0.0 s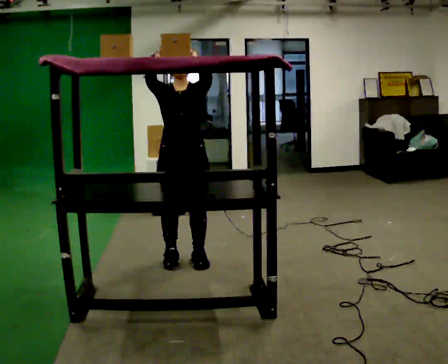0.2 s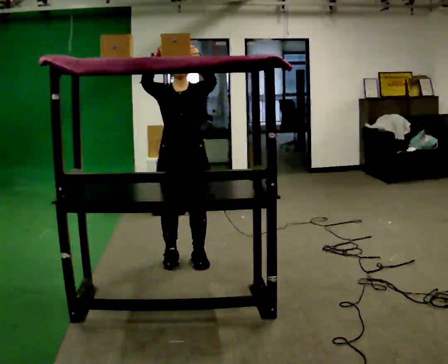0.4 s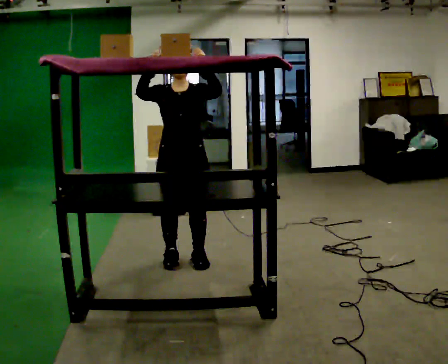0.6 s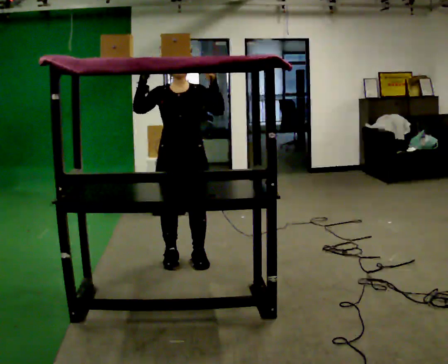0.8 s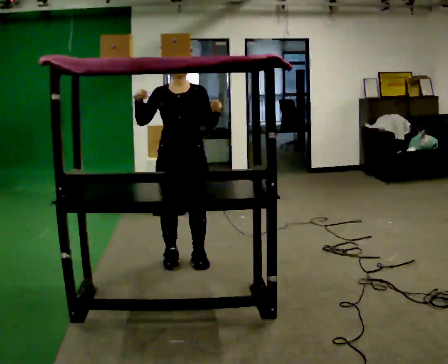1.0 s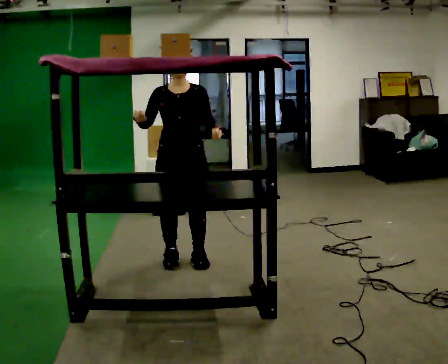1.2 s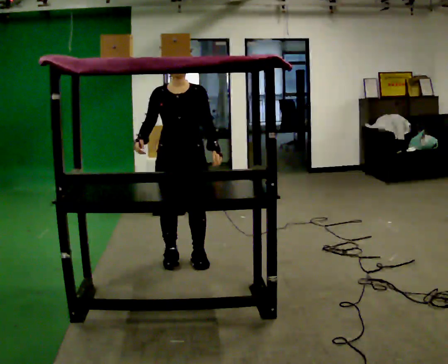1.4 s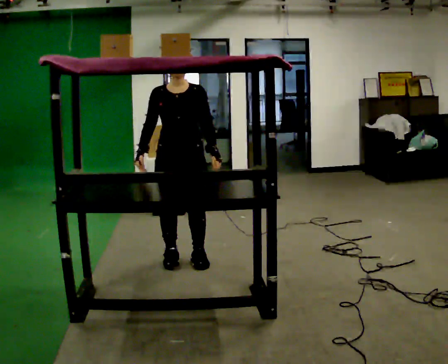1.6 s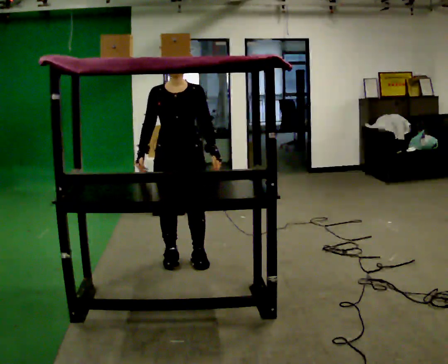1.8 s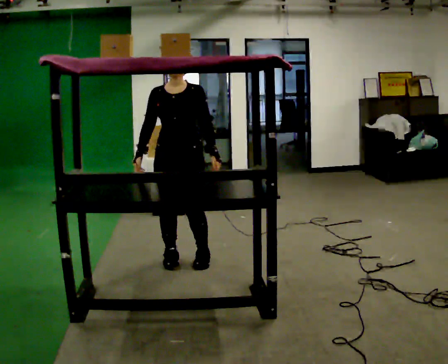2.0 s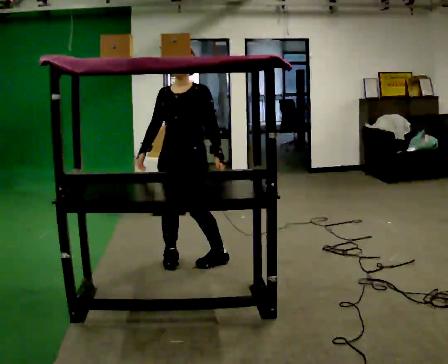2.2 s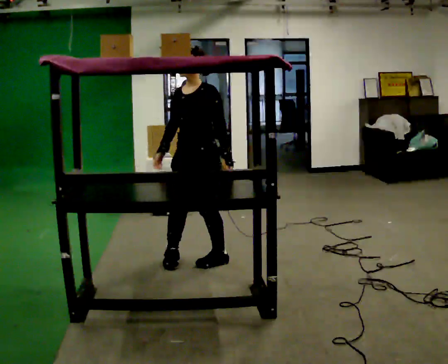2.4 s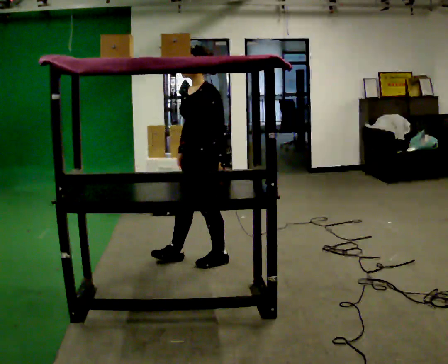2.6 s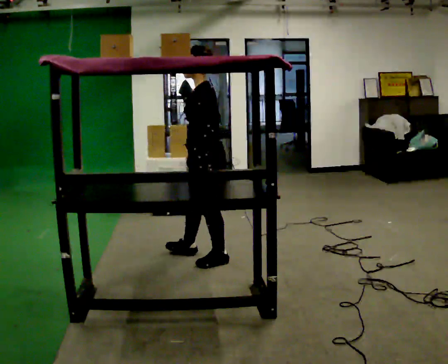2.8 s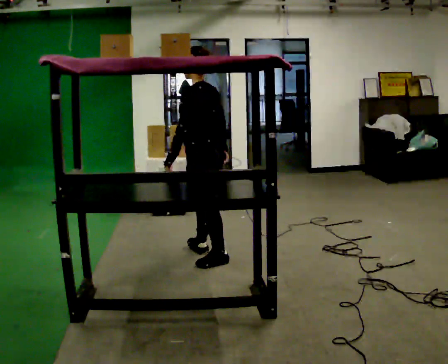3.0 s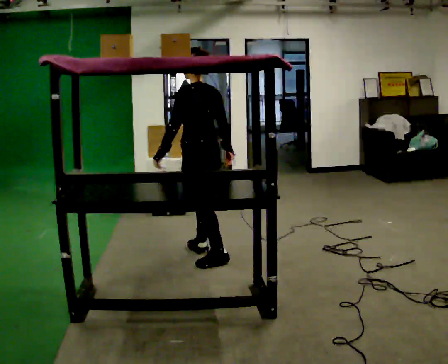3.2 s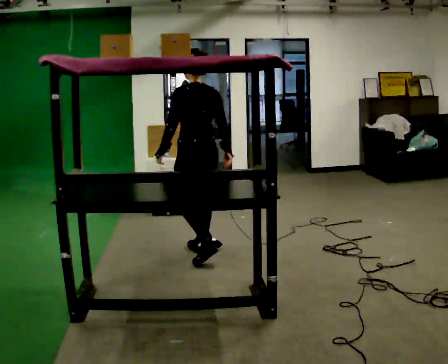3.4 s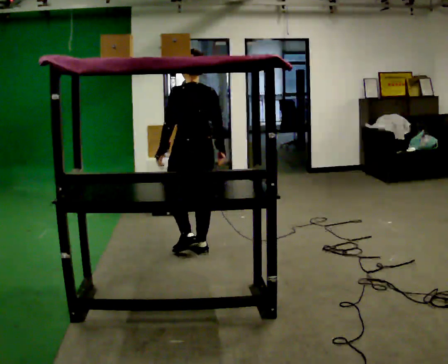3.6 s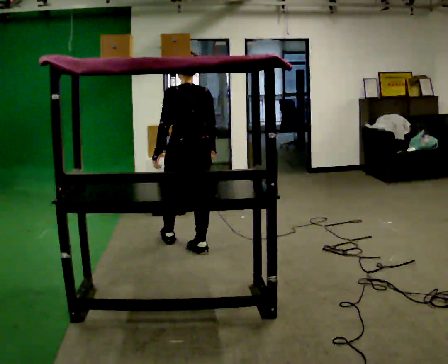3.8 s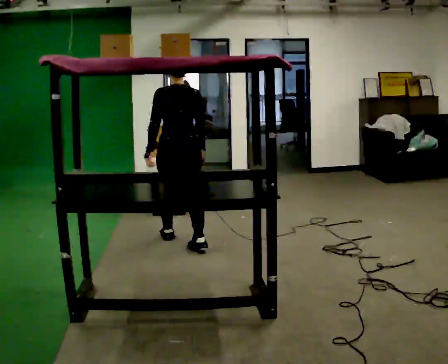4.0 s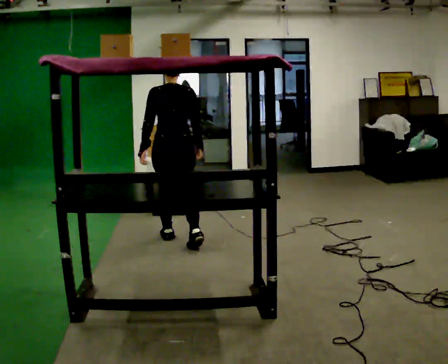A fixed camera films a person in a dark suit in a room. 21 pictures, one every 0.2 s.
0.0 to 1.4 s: In the picture their left hand goes downward.
1.4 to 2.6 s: Seen from above the body turns clockwise, about 90 degrees: to their right, with its near side sliding to the left. In the picture they go to the right, about 0.25 m in 1 step. In the picture their right hand goes to the right.
2.6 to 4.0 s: The person turns about 90 degrees to their right, clockwise seen from above, so the part of the body nearest the lens slides to the left. In the picture they go away from the camera and to the left, about 0.5 m in 2 steps.
The film runs forward here.
